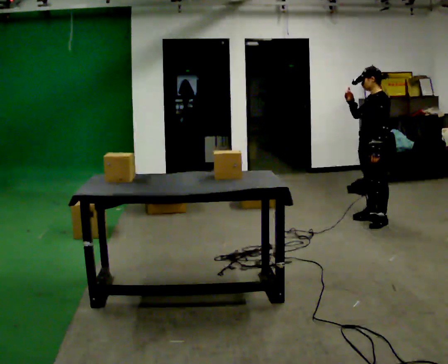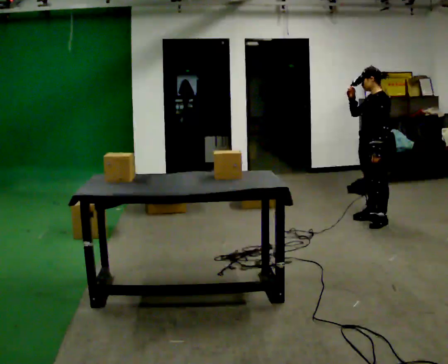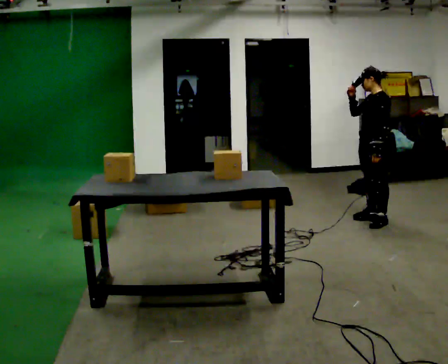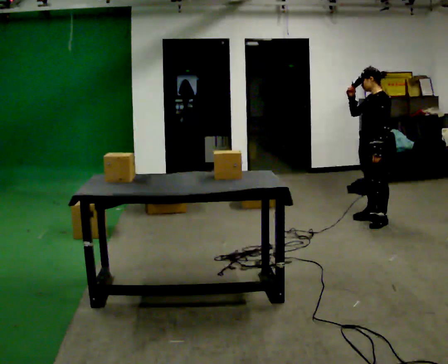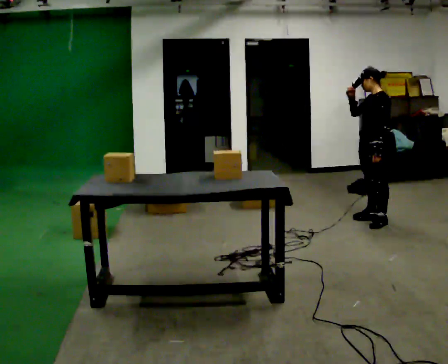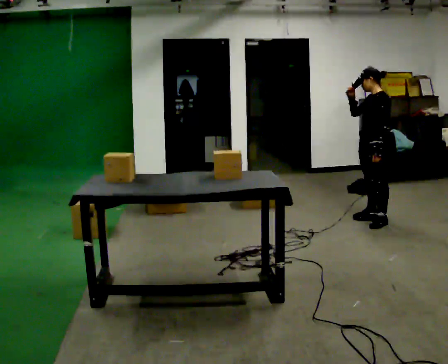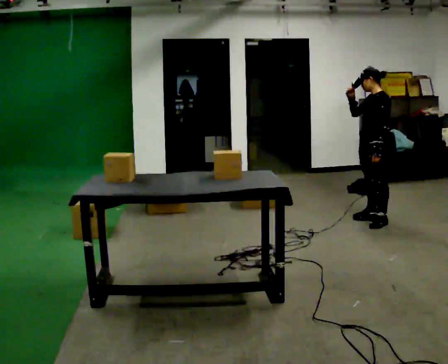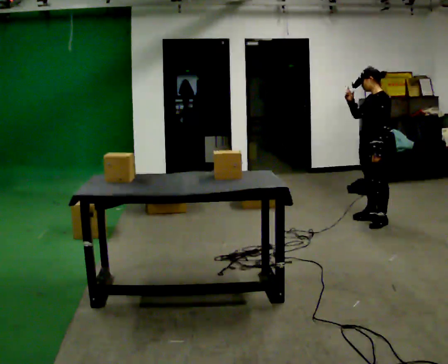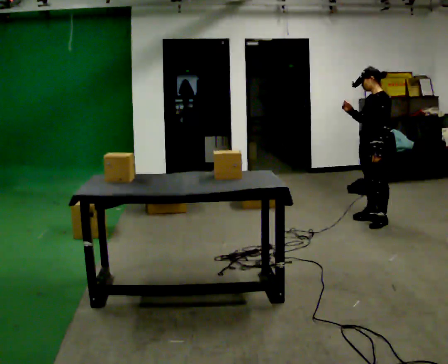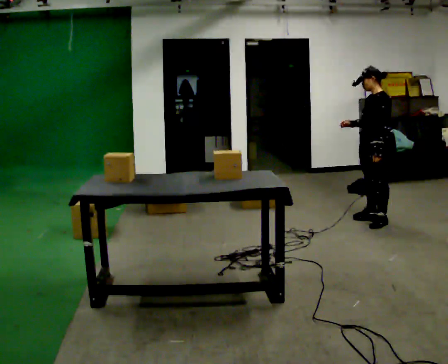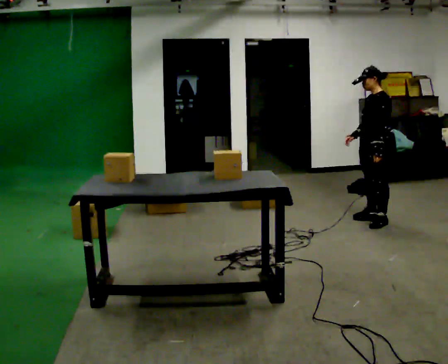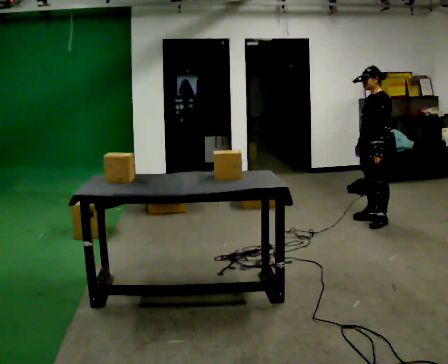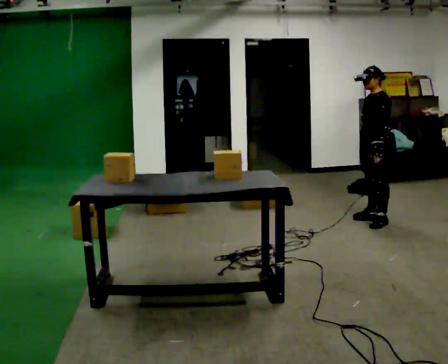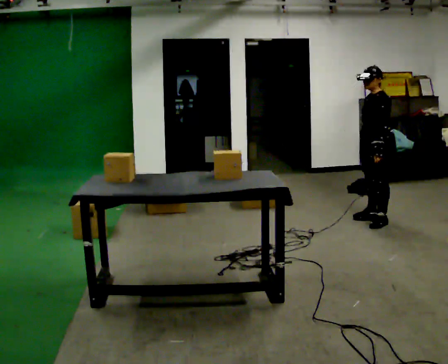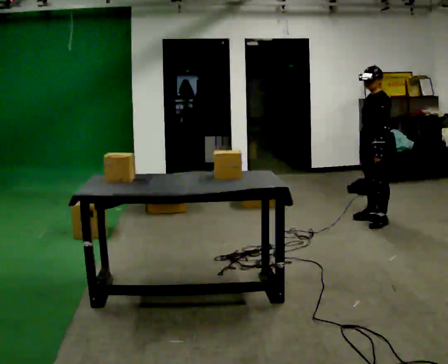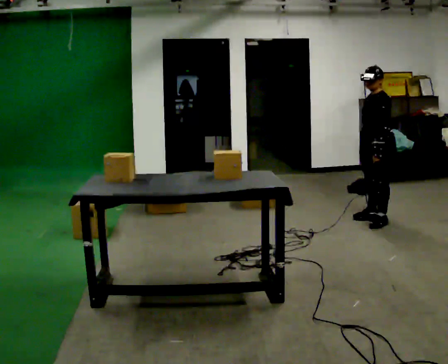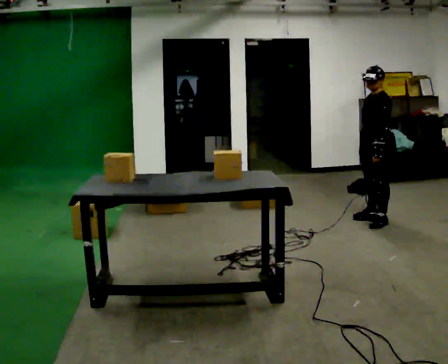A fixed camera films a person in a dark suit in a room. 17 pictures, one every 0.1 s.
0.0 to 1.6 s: In the picture their right hand goes downward.
The film runs forward here.
